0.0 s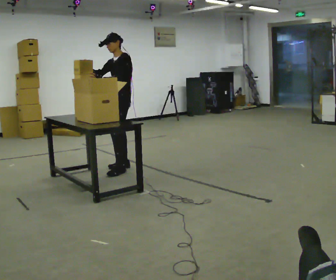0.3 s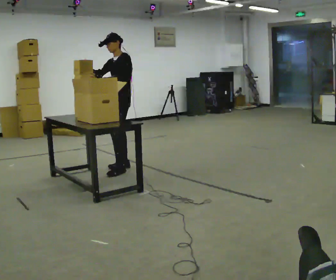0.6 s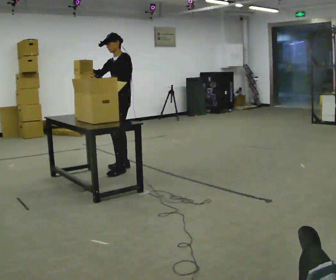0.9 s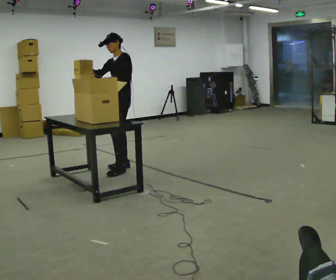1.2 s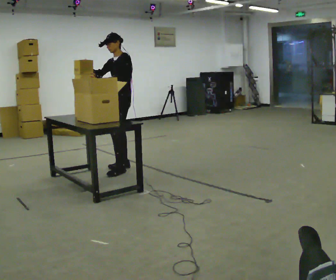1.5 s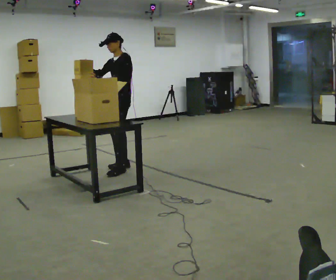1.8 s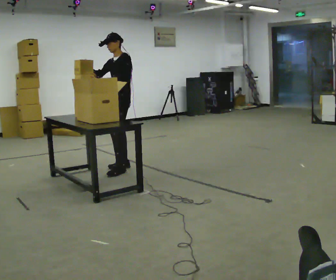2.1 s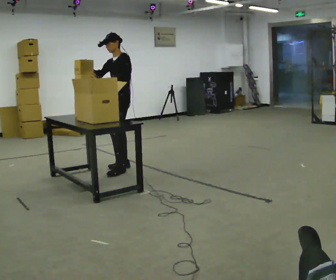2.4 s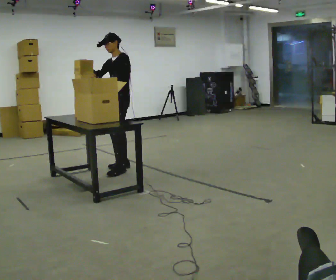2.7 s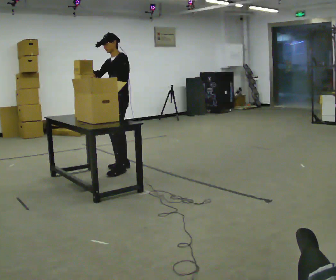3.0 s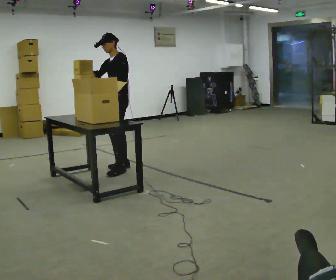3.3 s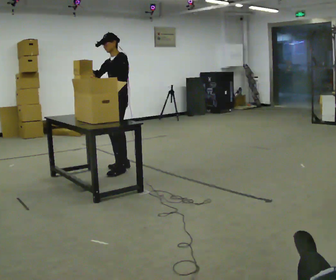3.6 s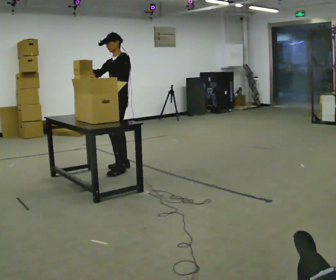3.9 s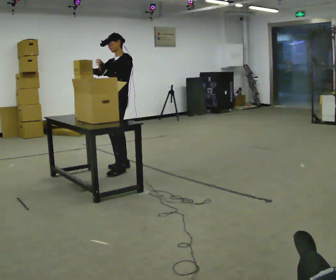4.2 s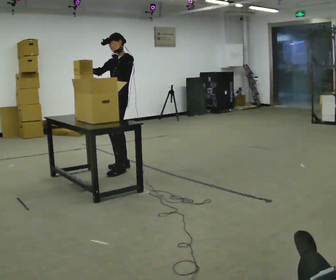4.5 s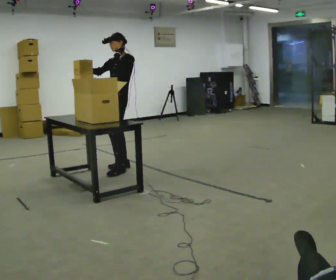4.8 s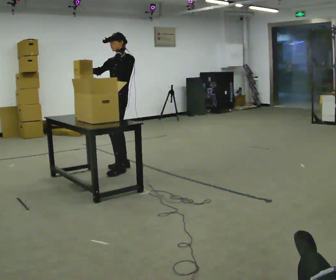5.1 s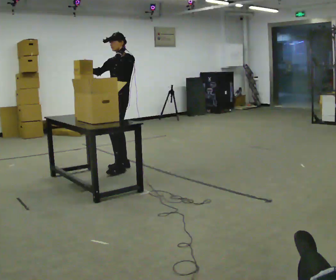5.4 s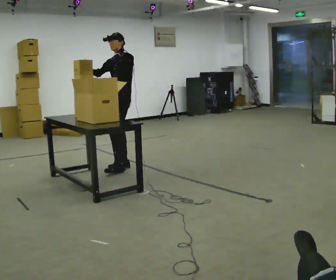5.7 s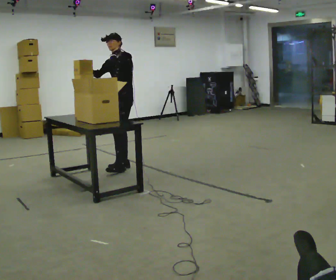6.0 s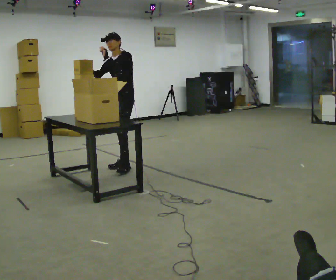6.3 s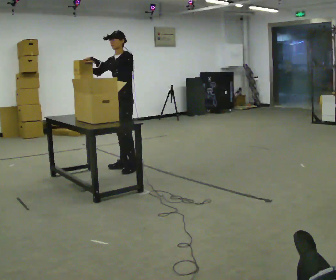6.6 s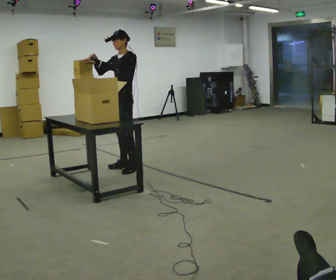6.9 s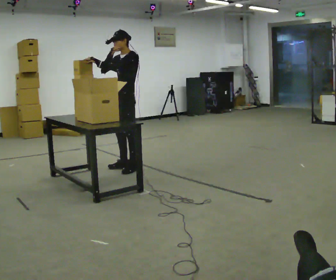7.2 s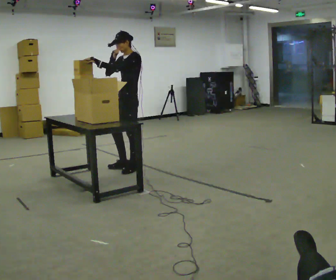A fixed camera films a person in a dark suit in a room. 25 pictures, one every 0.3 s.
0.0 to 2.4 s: The person keeps their place and pose.
2.4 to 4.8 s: The person moves a little, or ends about where they began.
4.8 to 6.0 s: In the picture the upper body tilts counterclockwise, shoulders to the left.
6.0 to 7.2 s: The person moves a little, or ends about where they began.
The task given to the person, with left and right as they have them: Take the objects from the bin one at a time and put one in each of the places the operator points out. Keep going until the operator says stop; one object at a time, and do not rush between trips.
The film runs forward here.
